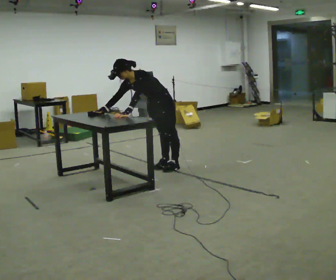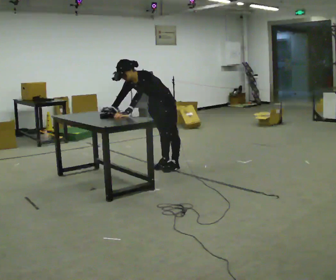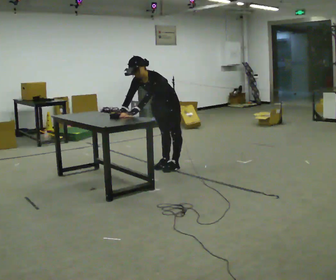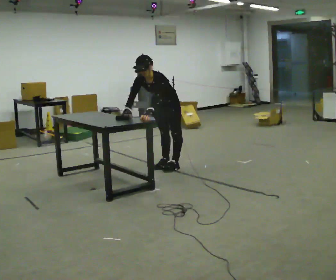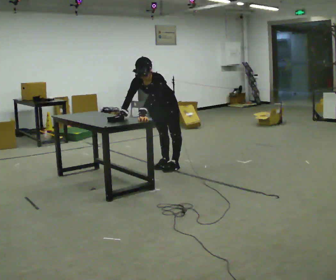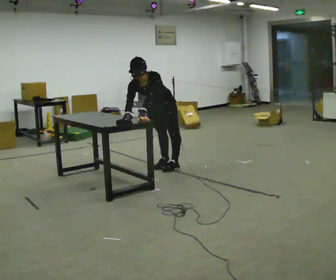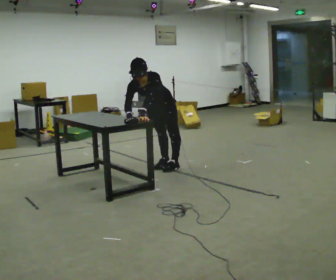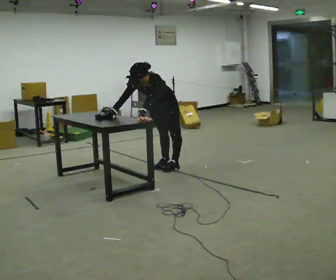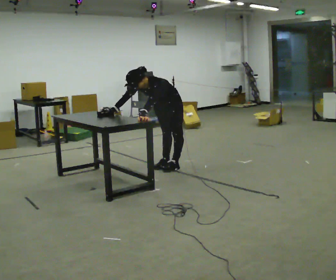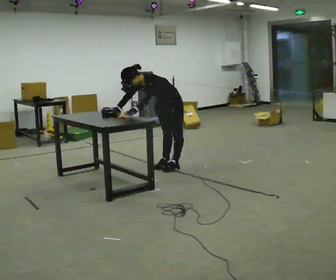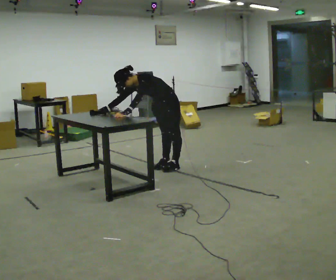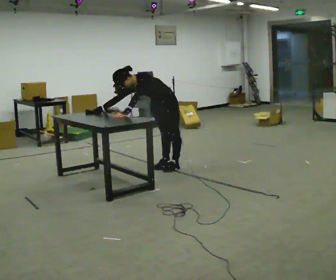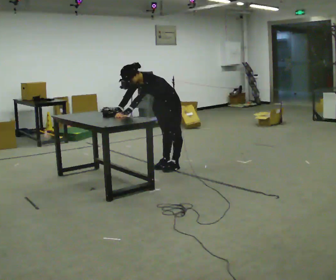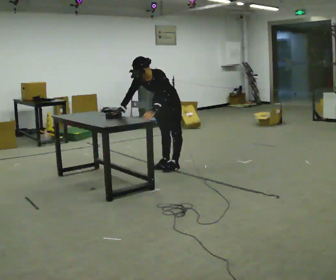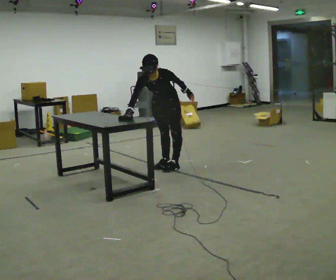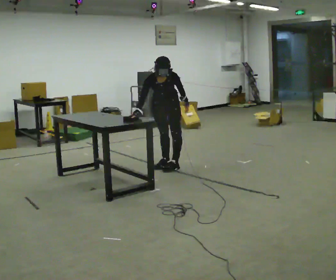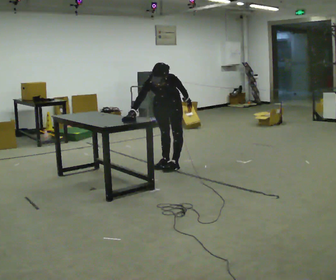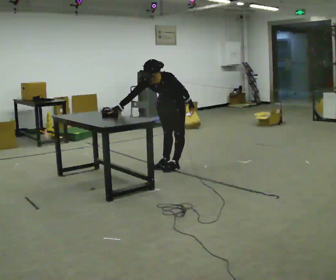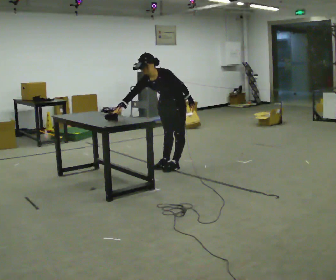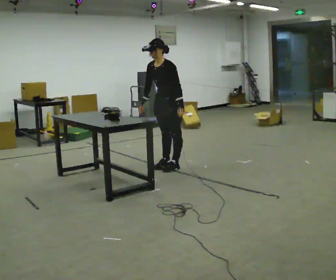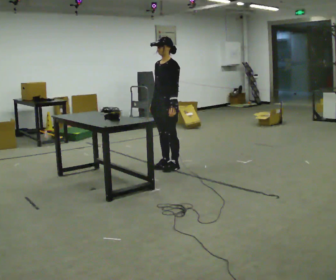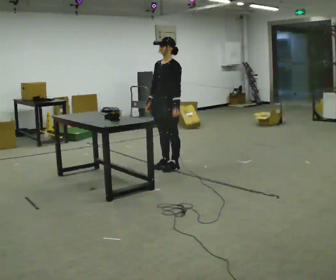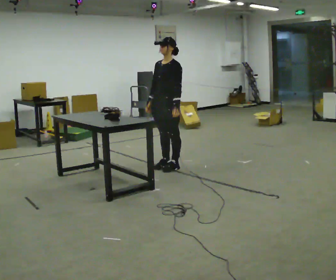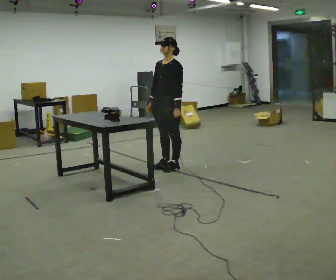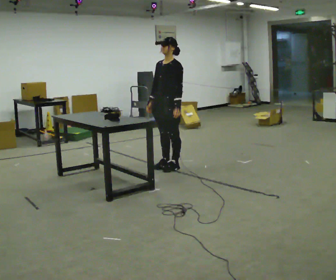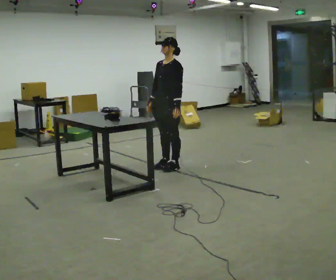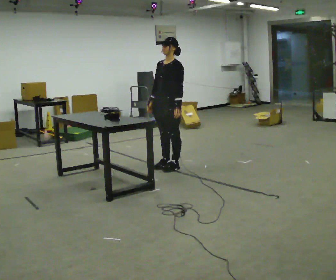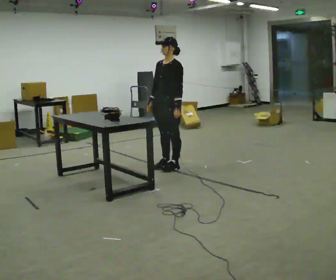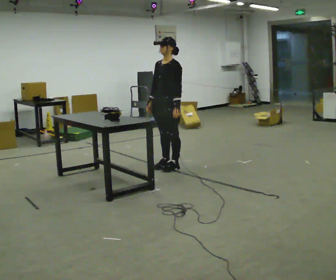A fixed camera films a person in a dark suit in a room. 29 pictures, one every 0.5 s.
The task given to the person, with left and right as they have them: Wipe the whole surface of the table in front of you with the cloth. Repeat at your own pace until the operator says stop. Keep both feet on the marked spots for the whole take. If you have to step, stop and tell the operator.
0.0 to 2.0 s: The part of the body nearest the lens slides to the right as the person turns to their left by about 30 degrees. The upper body tips toward the camera, its near side rolling downward.
2.0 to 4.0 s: In the picture the upper body tilts counterclockwise, shoulders to the left.
4.0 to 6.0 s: The person moves a little, or ends about where they began.
6.0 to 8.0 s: Seen from above the body turns counterclockwise, about 30 degrees: to their left, with its near side sliding to the right. In the picture their left hand goes to the right, the arm swinging counterclockwise.
8.0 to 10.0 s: The part of the body nearest the lens slides to the left as the person turns to their right by about 30 degrees. The shoulders move upward. The upper body tips away from the camera, its near side rolling upward, as they lean back or straighten.
10.0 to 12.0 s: The person moves a little, or ends about where they began.
12.0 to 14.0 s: The person keeps their place and pose.
The film runs forward here.
